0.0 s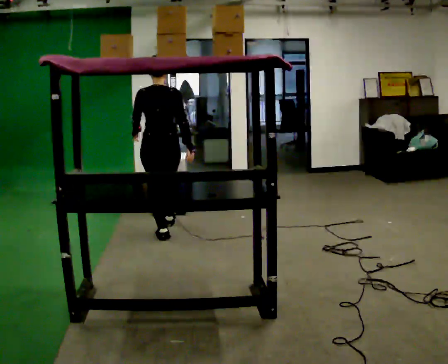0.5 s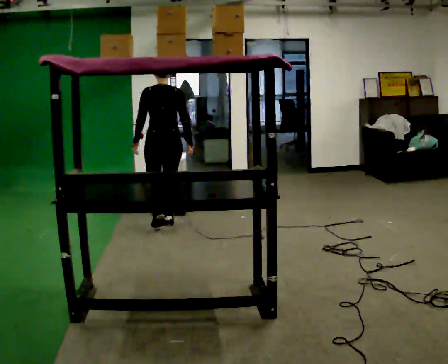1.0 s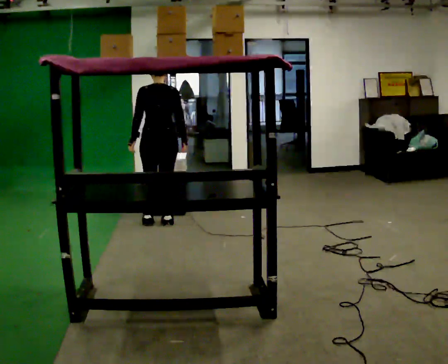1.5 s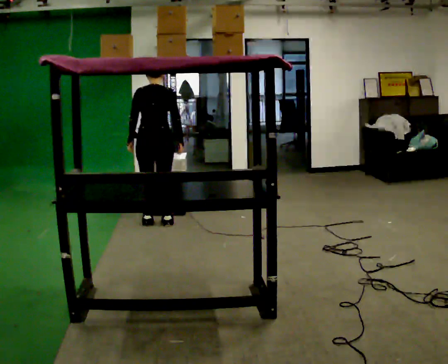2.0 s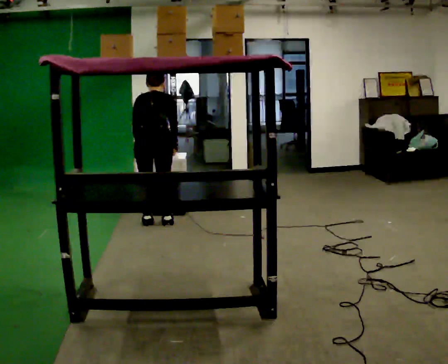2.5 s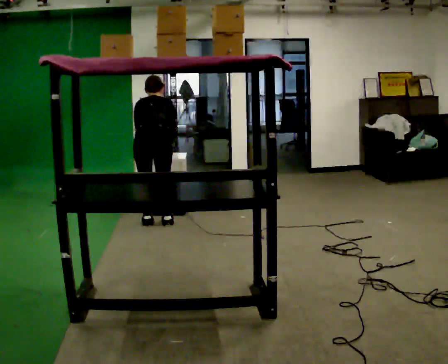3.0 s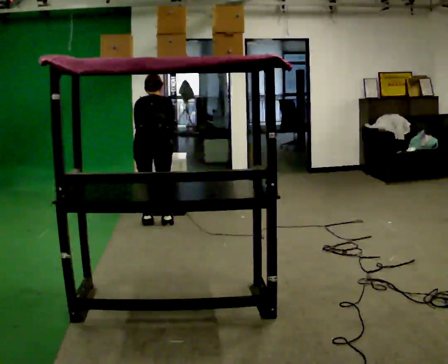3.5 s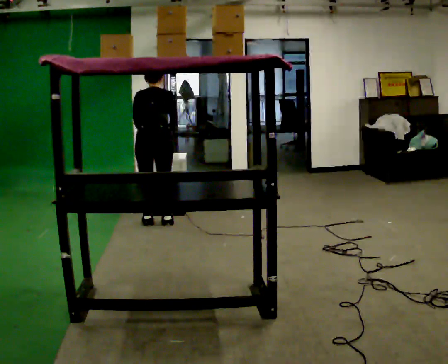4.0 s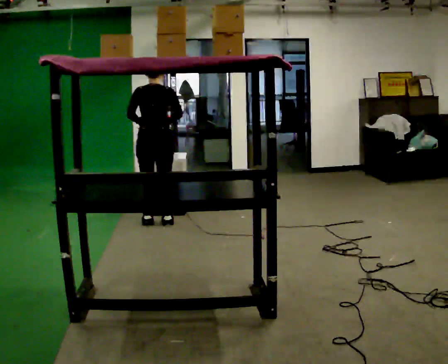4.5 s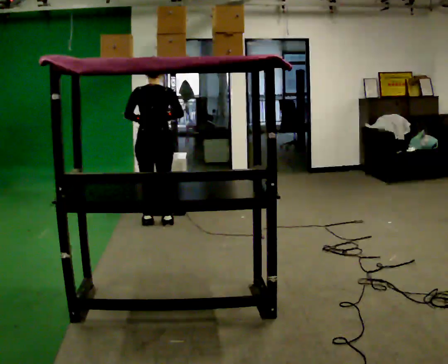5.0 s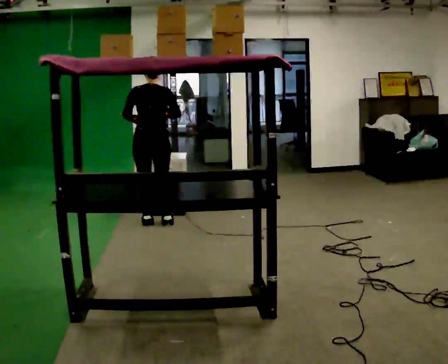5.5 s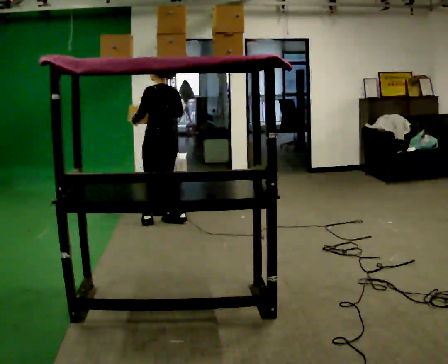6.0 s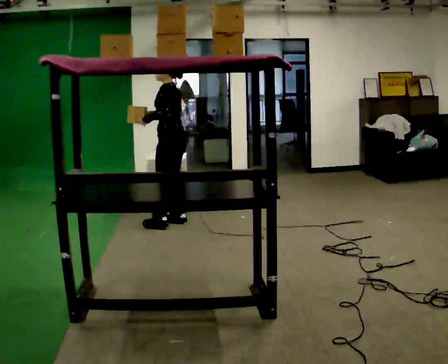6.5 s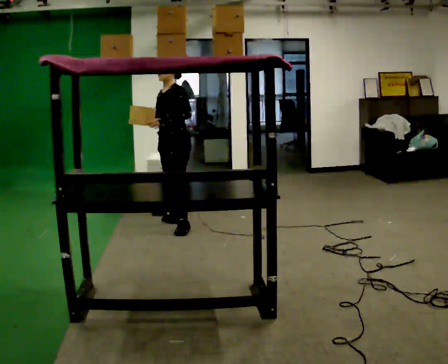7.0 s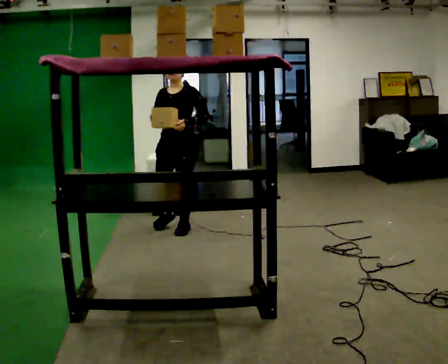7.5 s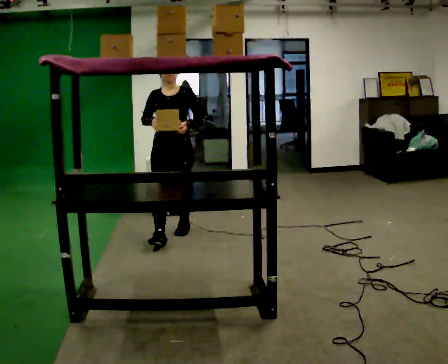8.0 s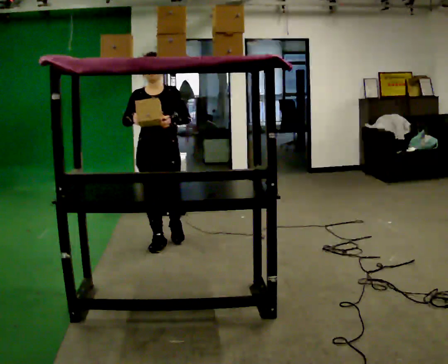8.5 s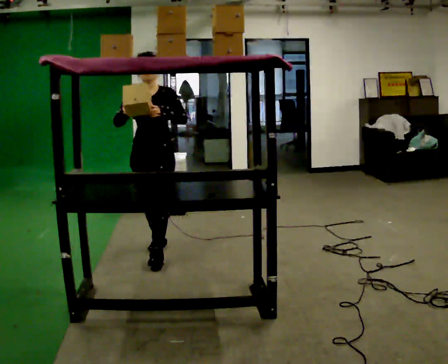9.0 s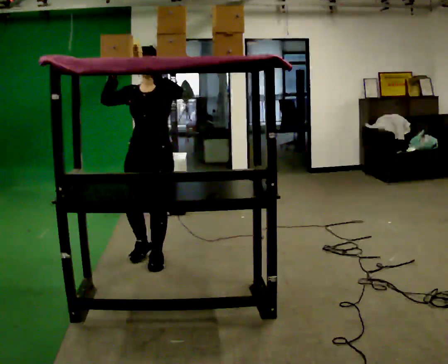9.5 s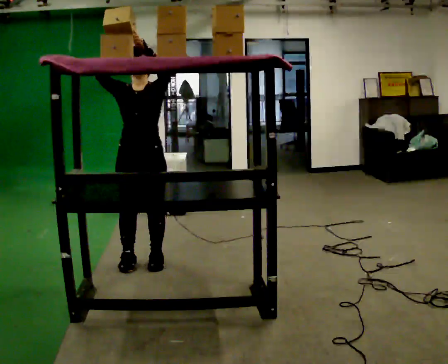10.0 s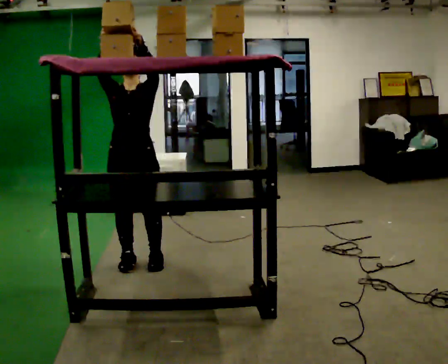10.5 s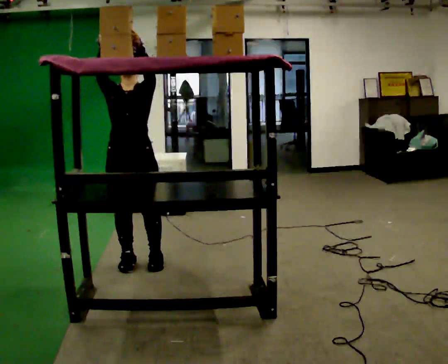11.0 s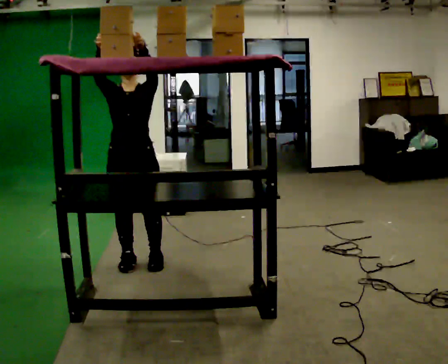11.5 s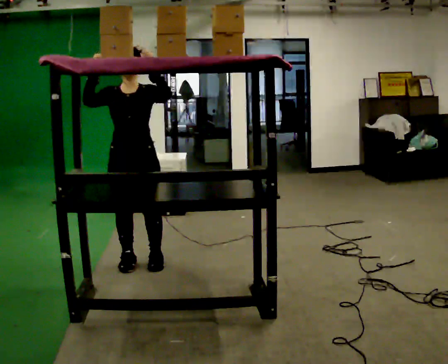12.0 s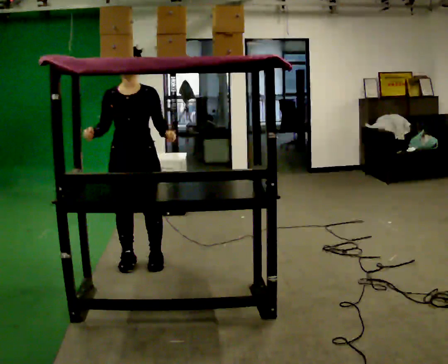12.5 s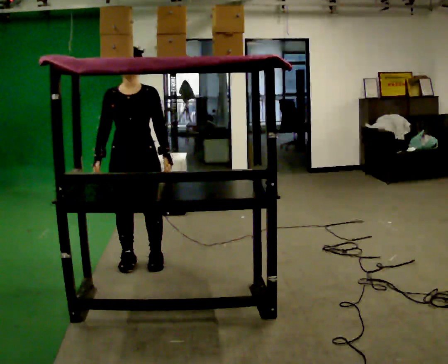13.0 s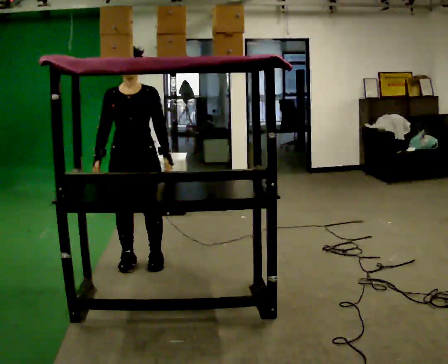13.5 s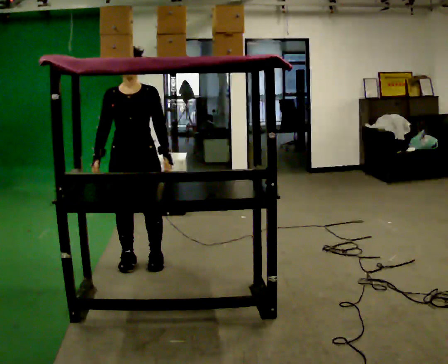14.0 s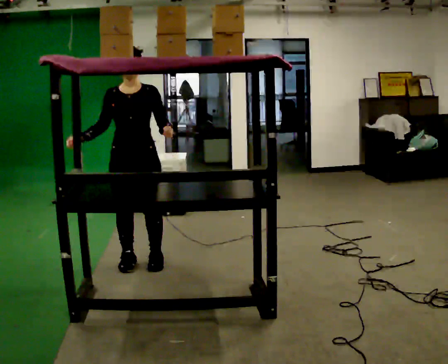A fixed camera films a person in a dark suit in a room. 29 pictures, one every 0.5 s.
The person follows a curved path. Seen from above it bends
clockwise.
0.0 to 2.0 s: In the picture they go away from the camera, about 0.25 m in 2 steps, which for them is forward. The upper body tips away from the camera, its near side rolling upward, as they bend forward.
2.0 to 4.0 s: The person moves a little, or ends about where they began.
4.0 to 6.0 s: The part of the body nearest the lens slides to the right as the person turns to their left by about 75 degrees. In the picture they go to the right, about 0.25 m.
6.0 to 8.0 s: The person turns about 105 degrees to their left, counterclockwise seen from above, so the part of the body nearest the lens slides to the right. In the picture they go toward the camera, about 0.75 m in 2 steps.
8.0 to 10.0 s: In the picture they go toward the camera, about 0.5 m in 2 steps, which for them is forward. In the picture their left hand goes upward.
10.0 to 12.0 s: In the picture their left hand goes downward.
12.0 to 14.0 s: The person moves a little, or ends about where they began.
The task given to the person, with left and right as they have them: Take an object from the waist-height shelf, carry it across the room, and place it on the highest shelf you can comfortably reach. Keep going until the operator says stop; one object at a time, and do not rush between trips.
The film runs forward here.
